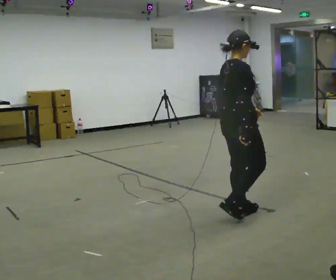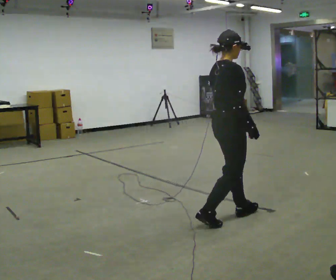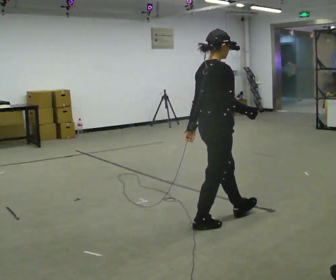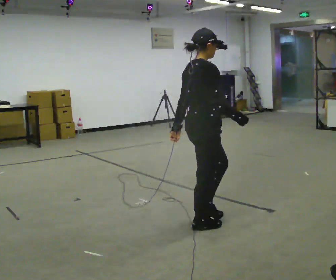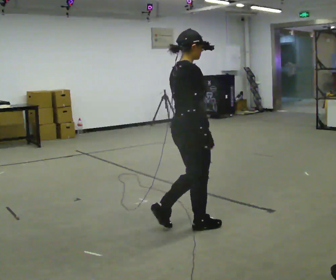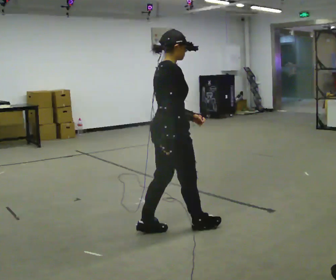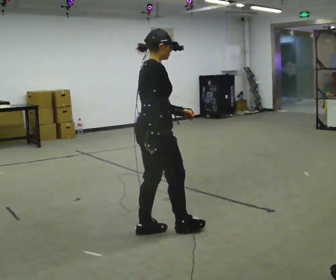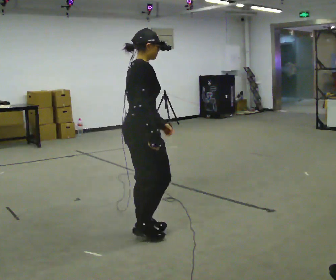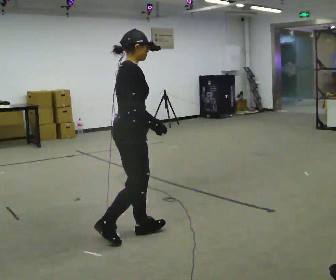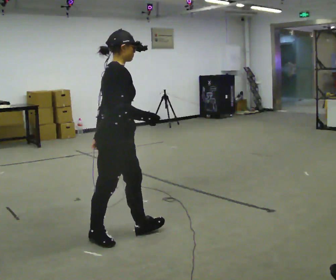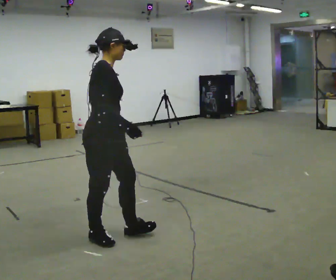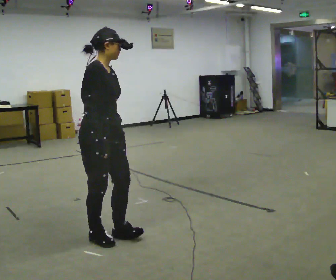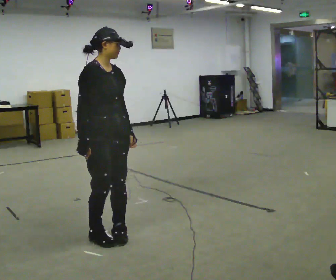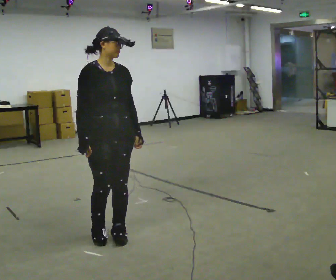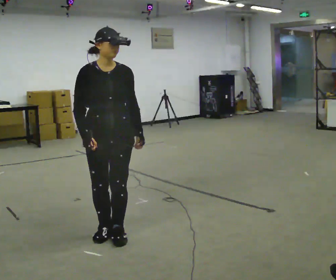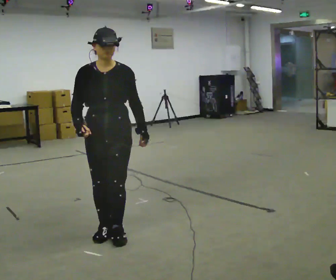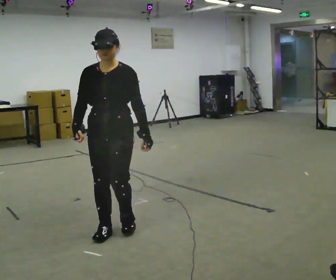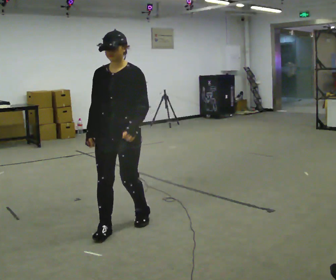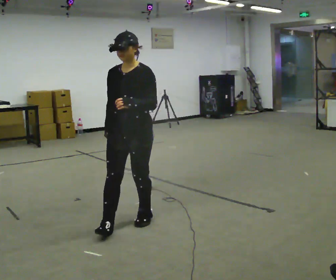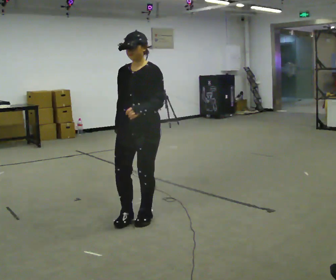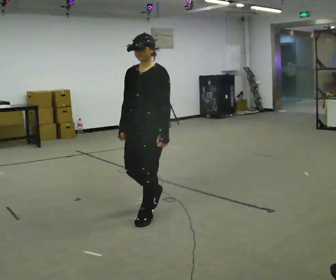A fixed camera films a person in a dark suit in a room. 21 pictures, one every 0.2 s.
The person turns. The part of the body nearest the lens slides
to the left.
The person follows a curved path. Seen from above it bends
clockwise.
0.0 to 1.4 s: In the picture they go to the left, about 1 m in 2 steps, which for them is backward.
1.4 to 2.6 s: The person turns about 75 degrees to their right, clockwise seen from above, so the part of the body nearest the lens slides to the left. In the picture they go to the left, about 0.25 m in 2 steps. In the picture their right hand goes to the left.
2.6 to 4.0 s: Seen from above the body turns clockwise, about 75 degrees: to their right, with its near side sliding to the left. In the picture they go to the right and away from the camera, about 0.5 m in 2 steps.
The film runs backward here.
